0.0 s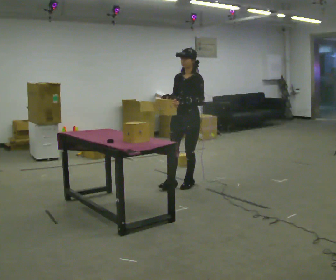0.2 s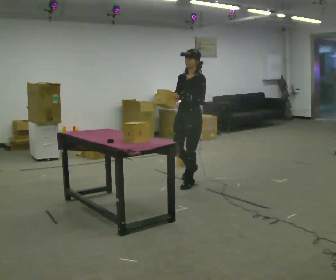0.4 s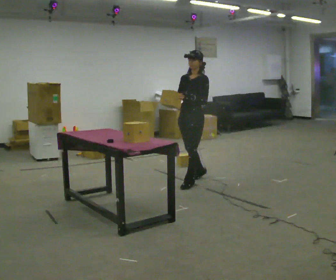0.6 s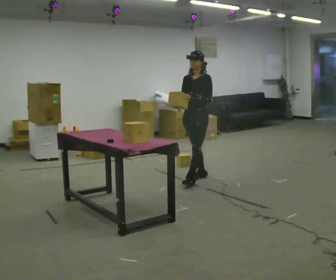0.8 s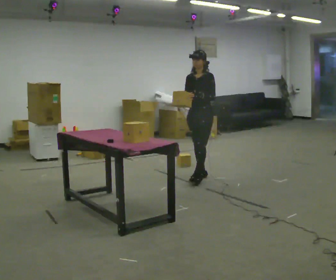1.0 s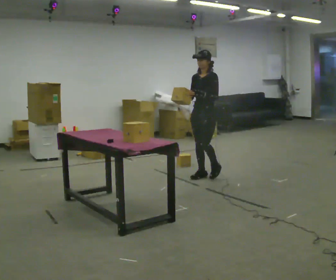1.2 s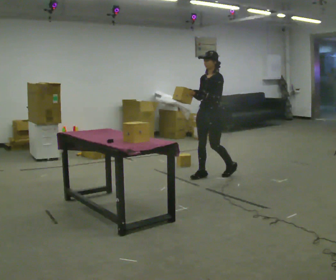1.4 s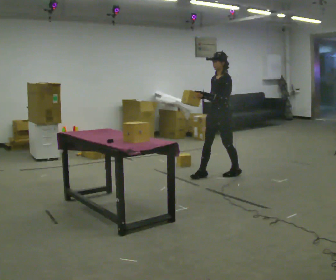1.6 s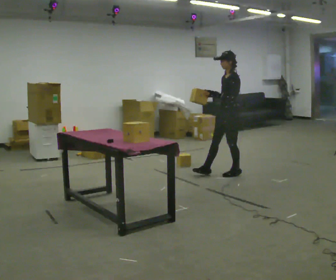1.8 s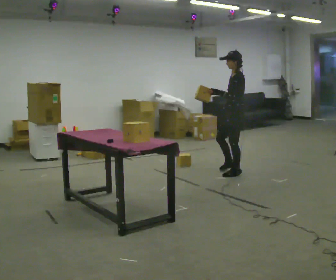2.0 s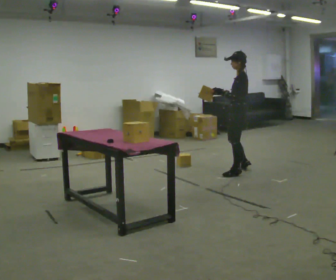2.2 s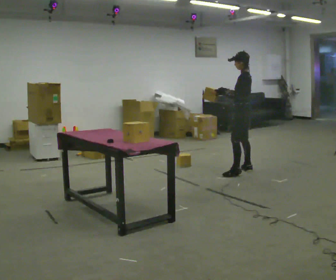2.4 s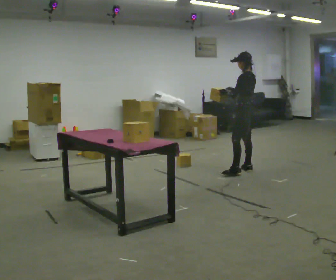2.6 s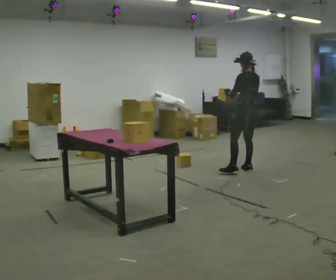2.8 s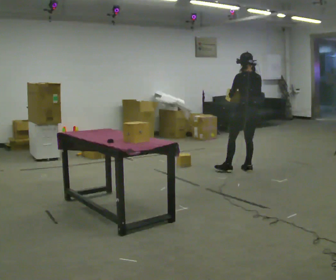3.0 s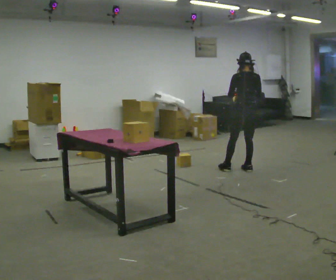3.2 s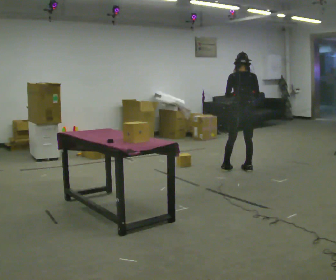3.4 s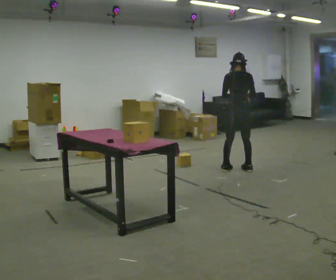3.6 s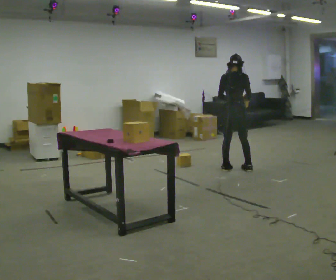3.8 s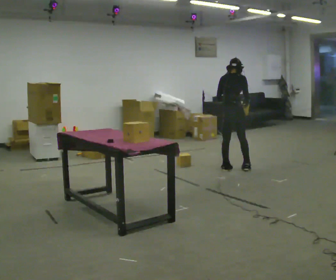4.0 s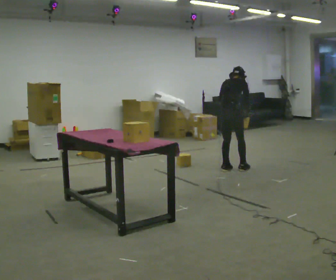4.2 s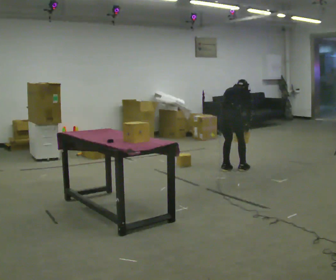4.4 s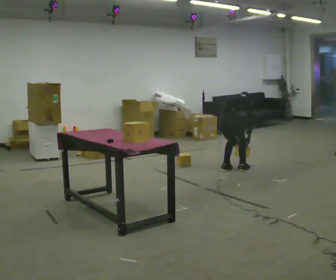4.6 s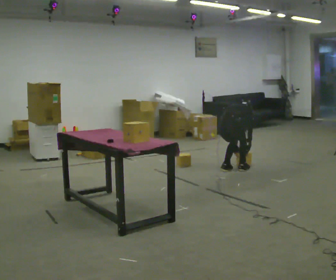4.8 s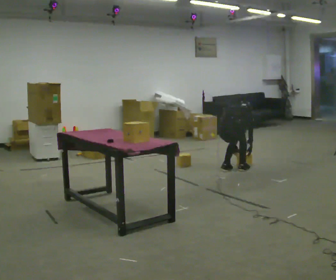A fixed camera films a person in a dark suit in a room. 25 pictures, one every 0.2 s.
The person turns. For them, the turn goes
to their right.
The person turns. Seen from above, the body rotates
clockwise.
0.0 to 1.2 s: In the picture they go away from the camera and to the right, about 0.5 m in 1 step, which for them is backward.
1.2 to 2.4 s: The person turns about 75 degrees to their right, clockwise seen from above, so the part of the body nearest the lens slides to the left. In the picture they go to the right and away from the camera, about 0.5 m in 1 step.
2.4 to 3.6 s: Seen from above the body turns clockwise, about 90 degrees: to their right, with its near side sliding to the left. In the picture they go to the left, about 0.25 m in 1 step.
3.6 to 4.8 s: The upper body goes downward. The upper body tips away from the camera, its near side rolling upward, as they bend forward. In the picture their left hand goes downward.
The film runs backward here.
